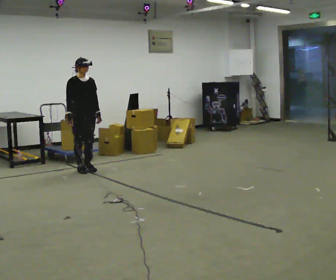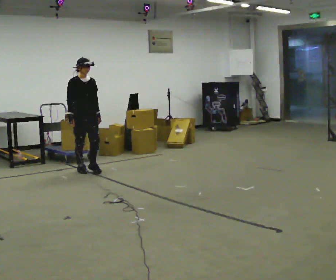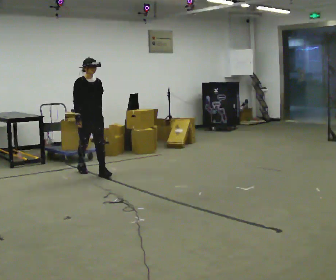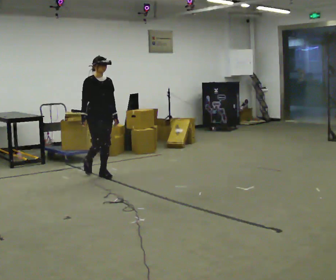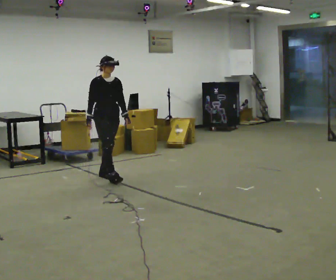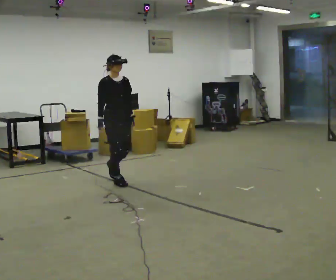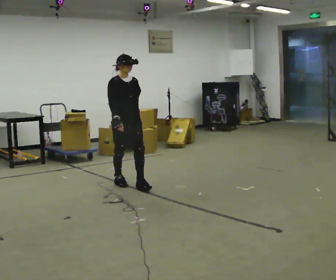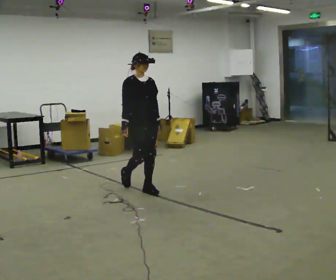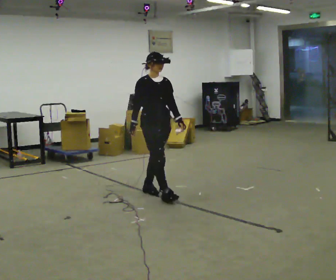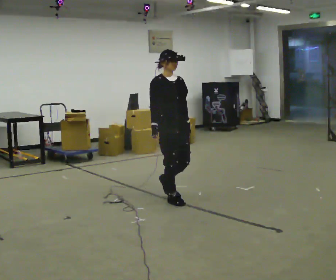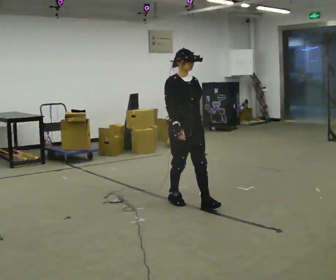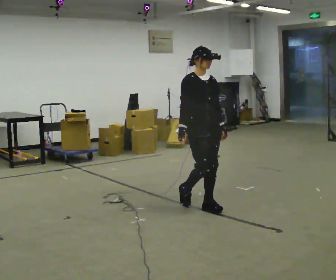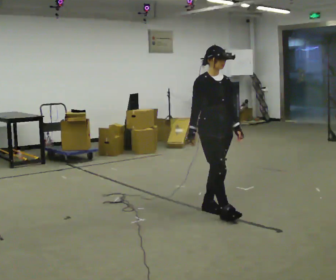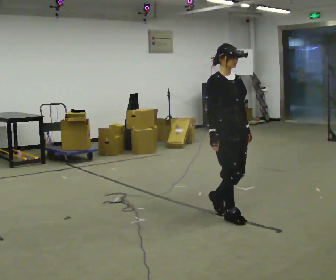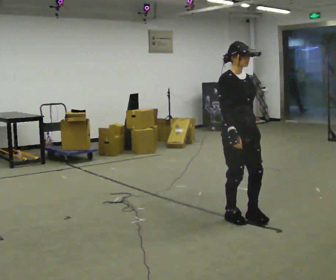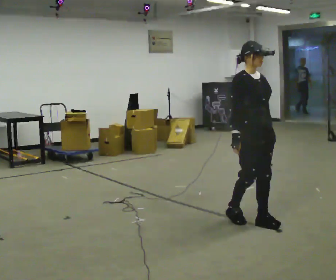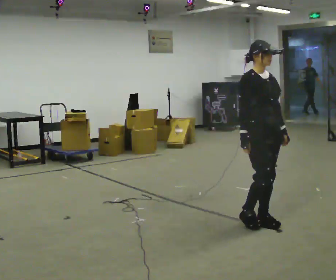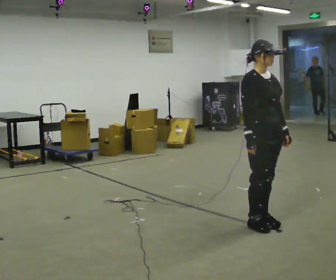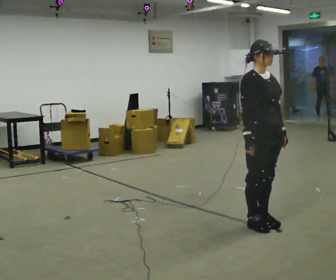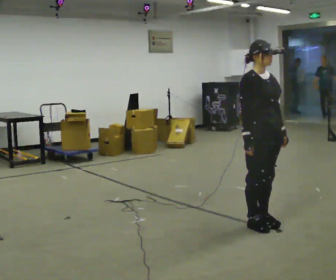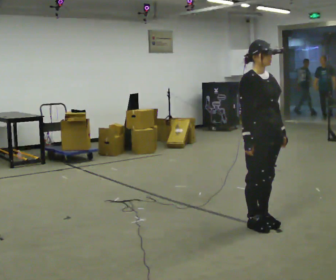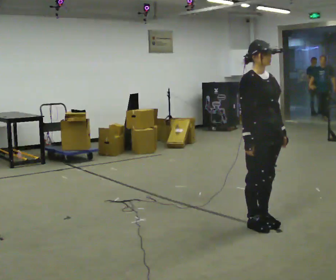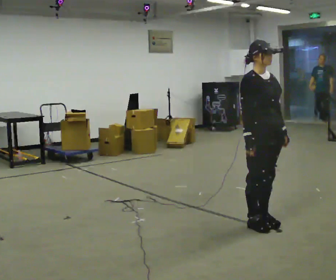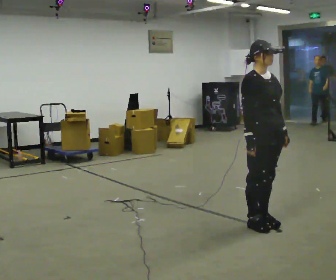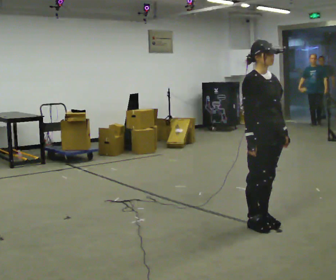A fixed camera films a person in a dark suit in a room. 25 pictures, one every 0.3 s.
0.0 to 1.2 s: In the picture they go to the right and toward the camera, about 0.5 m in 1 step, which for them is forward.
1.2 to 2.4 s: In the picture they go toward the camera and to the right, about 1 m in 2 steps, which for them is forward.
2.4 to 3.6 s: In the picture they go to the right and toward the camera, about 1 m in 2 steps, which for them is forward.
3.6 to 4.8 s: In the picture they go toward the camera and to the right, about 0.5 m in 2 steps, which for them is forward.
4.8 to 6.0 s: The person moves a little, or ends about where they began.
6.0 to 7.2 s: The person keeps their place and pose.
The film runs forward here.
